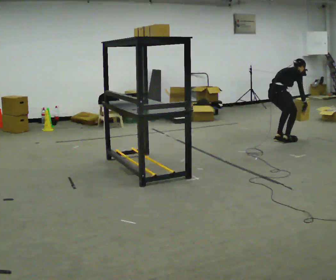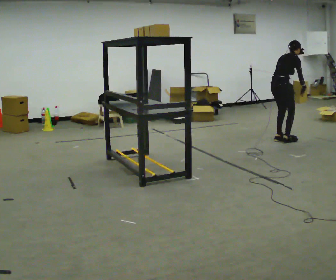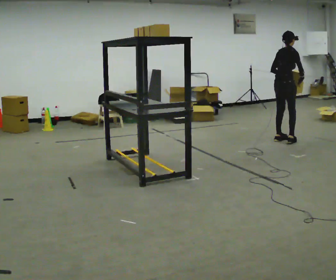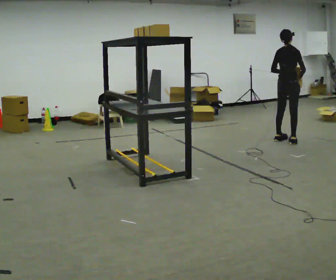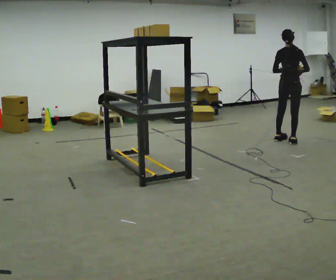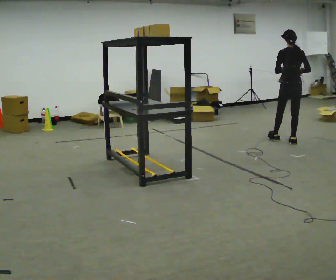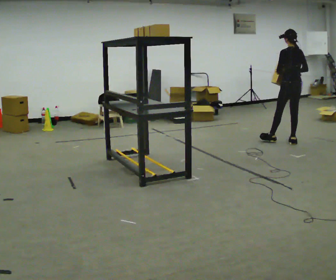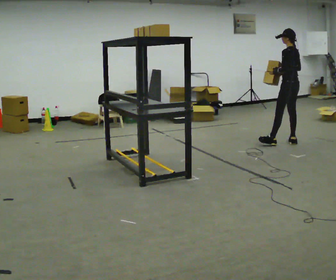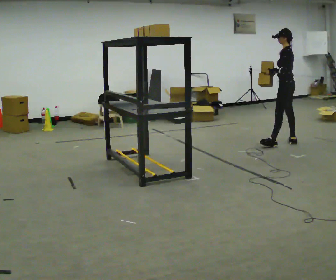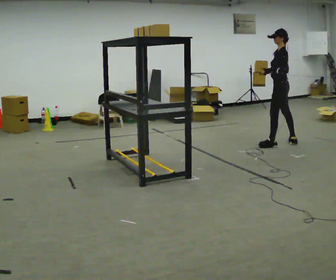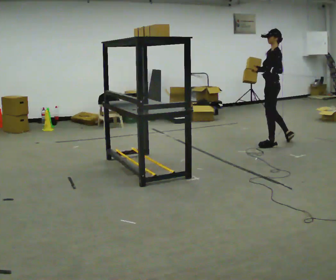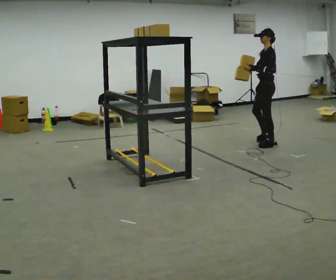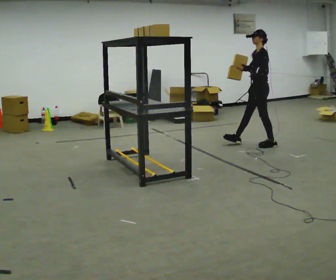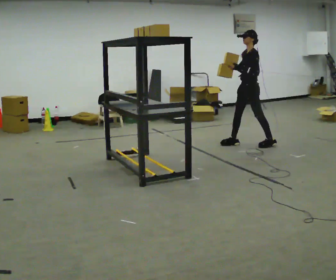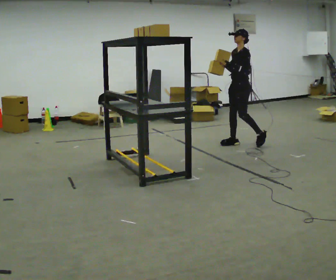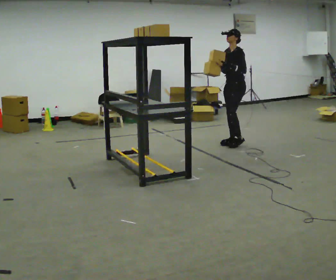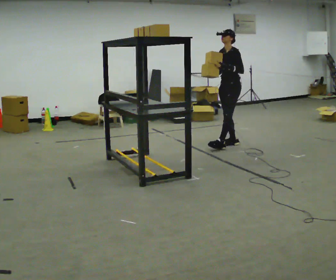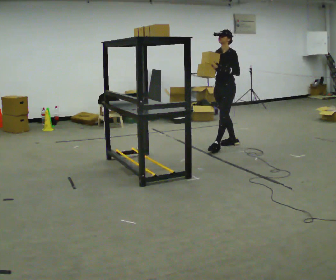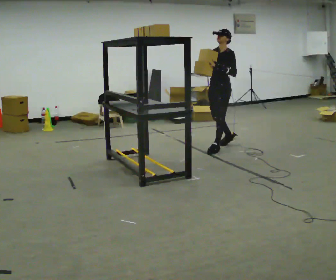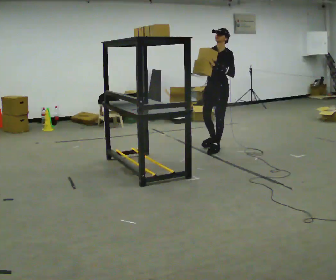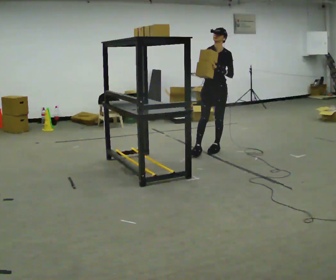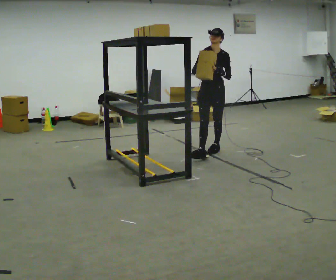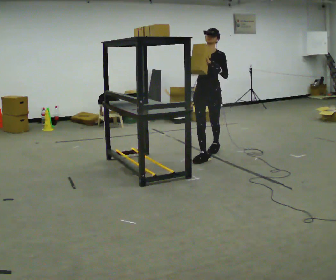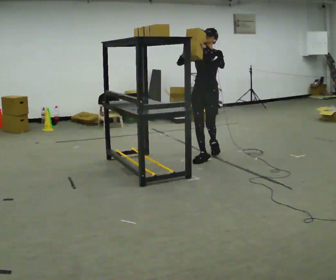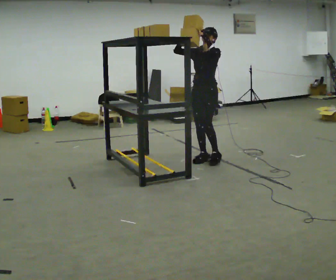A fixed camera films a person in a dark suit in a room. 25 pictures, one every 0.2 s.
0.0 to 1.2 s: The part of the body nearest the lens slides to the right as the person turns to their left by about 75 degrees. In the picture they go to the right, about 0.25 m. The shoulders move upward. In the picture the upper body tilts counterclockwise, shoulders to the left, as they lean back or straighten. In the picture their right hand goes upward.
1.2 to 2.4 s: Seen from above the body turns counterclockwise, about 75 degrees: to their left, with its near side sliding to the right. In the picture they go to the left, about 0.5 m in 1 step.
2.4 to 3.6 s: The part of the body nearest the lens slides to the right as the person turns to their left by about 45 degrees. In the picture they go to the left and toward the camera, about 0.5 m in 2 steps, which for them is forward.
3.6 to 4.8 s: In the picture they go toward the camera, about 0.5 m in 1 step, which for them is forward. In the picture their right hand goes upward.
The film runs forward here.
